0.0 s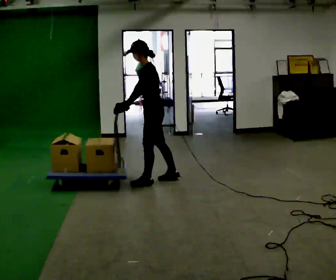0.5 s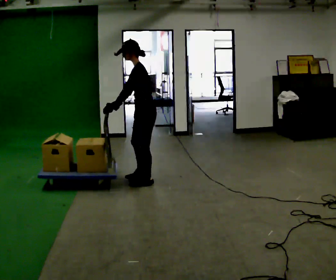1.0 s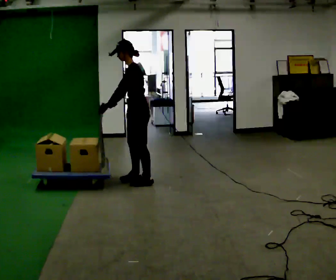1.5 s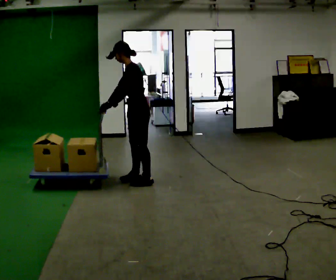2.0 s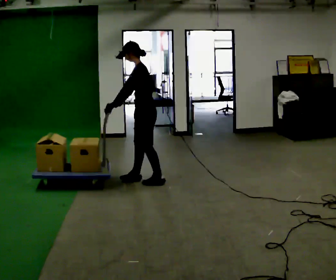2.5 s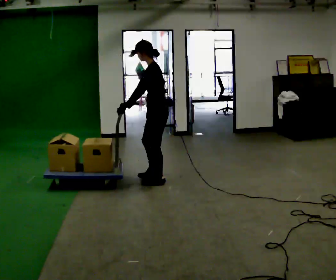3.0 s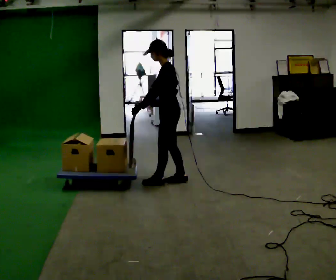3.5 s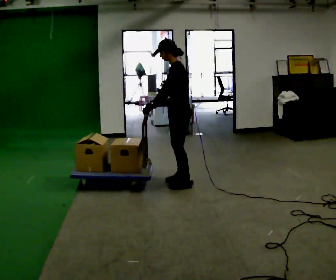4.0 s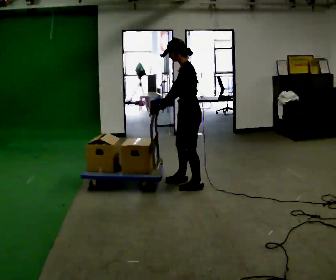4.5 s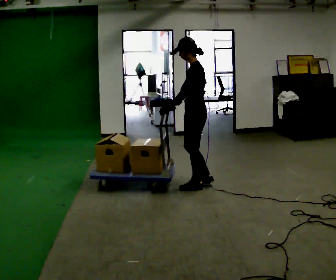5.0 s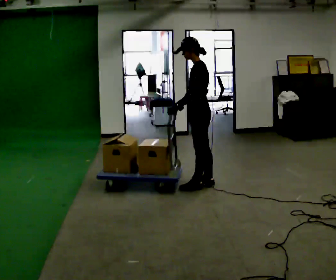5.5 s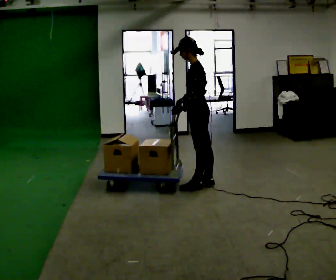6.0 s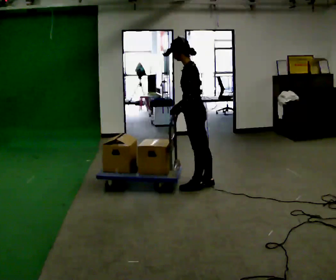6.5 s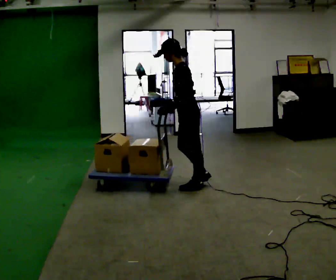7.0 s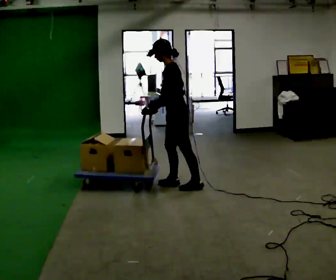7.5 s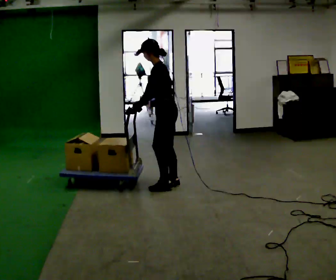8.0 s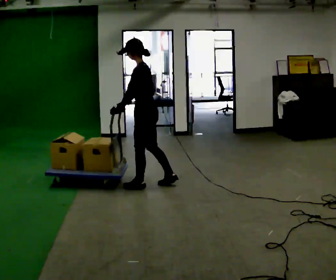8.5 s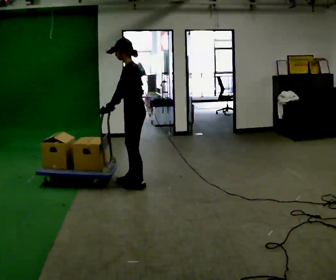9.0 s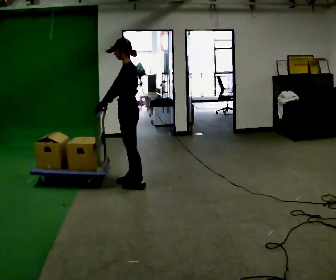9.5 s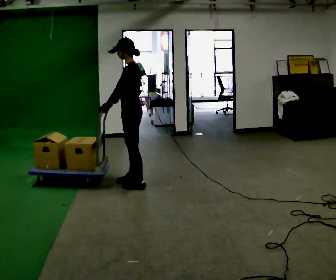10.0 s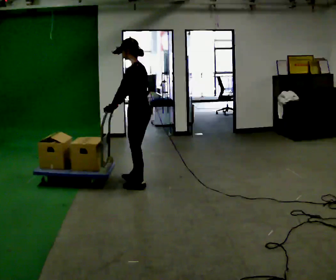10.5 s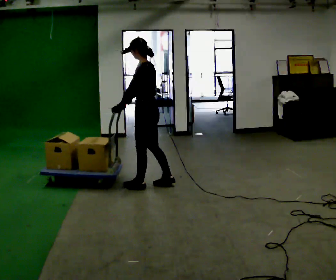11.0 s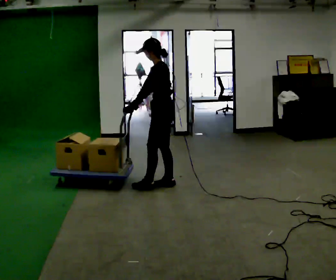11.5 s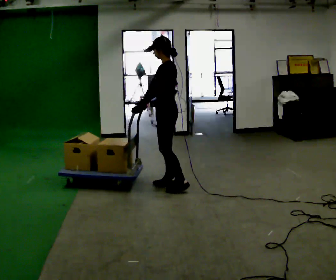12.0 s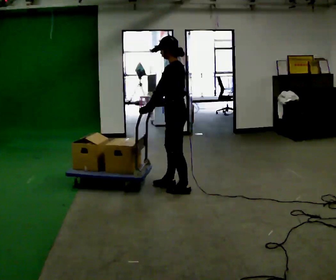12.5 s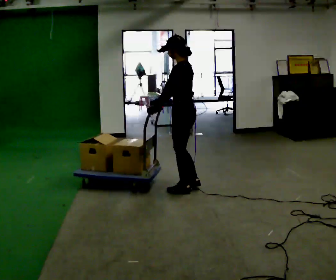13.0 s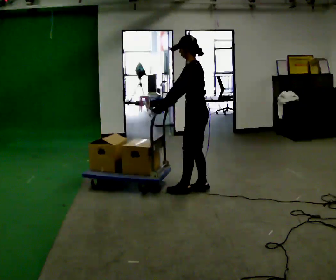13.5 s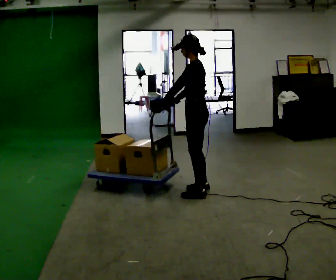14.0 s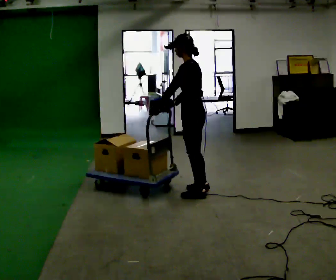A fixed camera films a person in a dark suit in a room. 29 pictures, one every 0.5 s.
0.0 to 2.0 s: The person moves a little, or ends about where they began.
2.0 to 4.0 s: In the picture they go to the right, about 0.5 m in 2 steps, which for them is backward.
4.0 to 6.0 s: The person moves a little, or ends about where they began.
6.0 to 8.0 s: In the picture they go to the left, about 0.5 m in 2 steps, which for them is forward.
8.0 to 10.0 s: The person moves a little, or ends about where they began.
10.0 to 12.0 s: In the picture they go to the right, about 0.5 m in 2 steps, which for them is backward.
12.0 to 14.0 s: In the picture they go to the right, about 0.25 m in 2 steps, which for them is backward.
The film runs forward here.
